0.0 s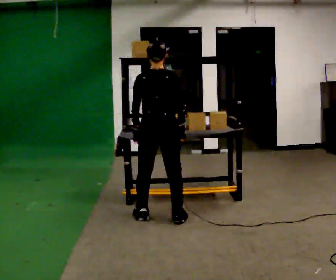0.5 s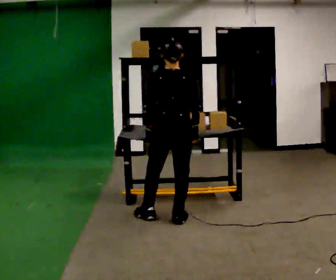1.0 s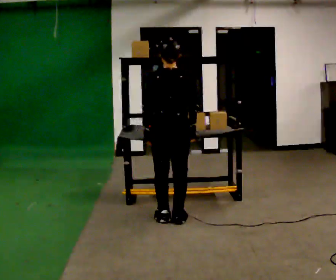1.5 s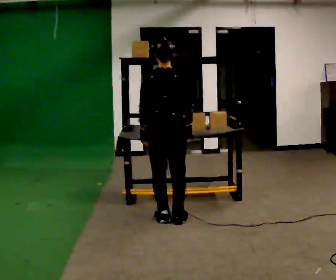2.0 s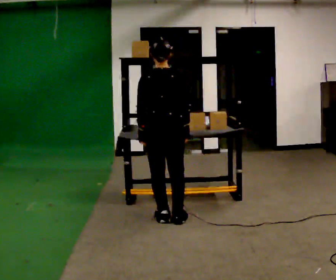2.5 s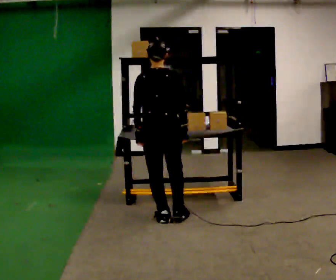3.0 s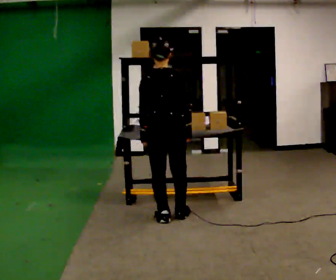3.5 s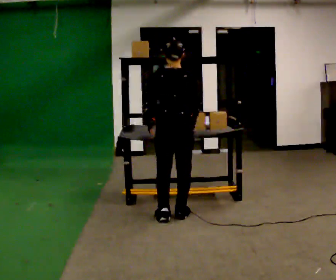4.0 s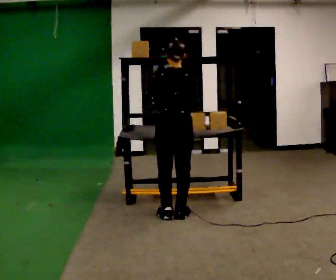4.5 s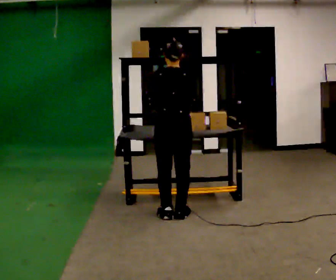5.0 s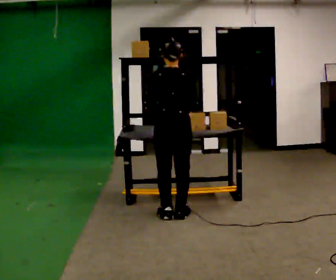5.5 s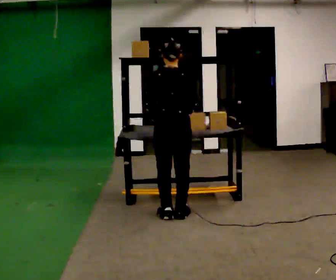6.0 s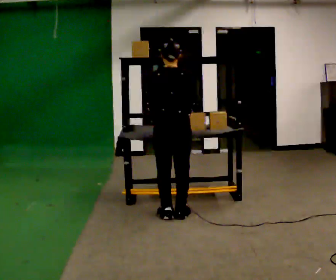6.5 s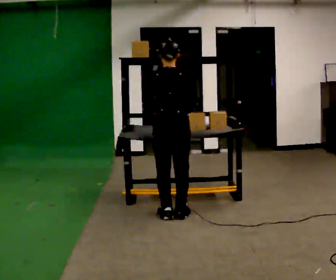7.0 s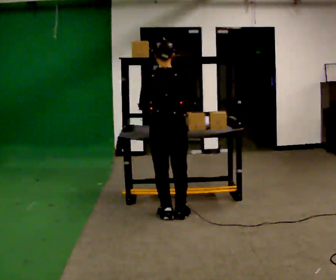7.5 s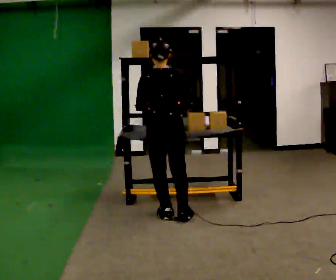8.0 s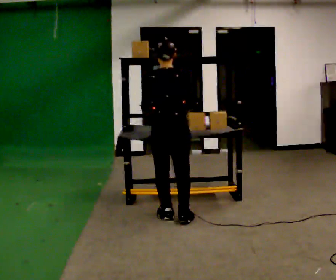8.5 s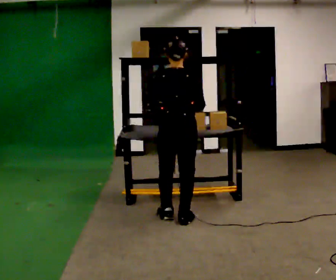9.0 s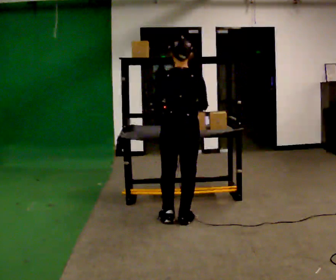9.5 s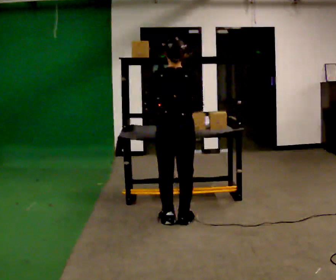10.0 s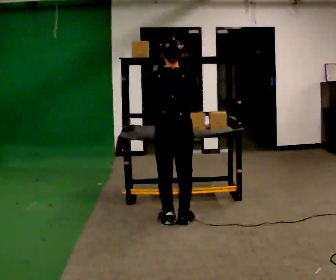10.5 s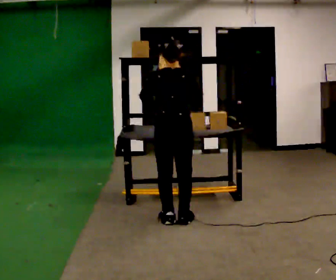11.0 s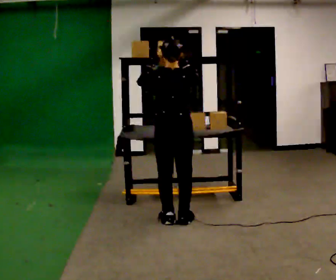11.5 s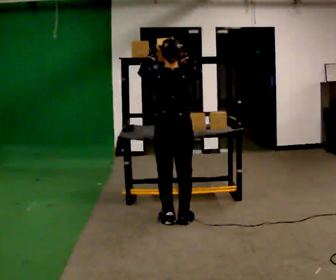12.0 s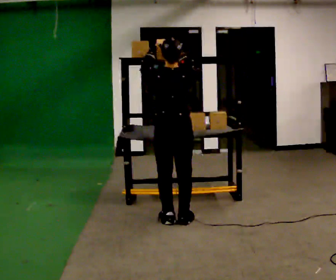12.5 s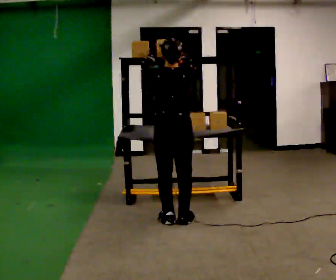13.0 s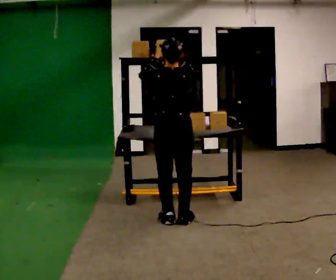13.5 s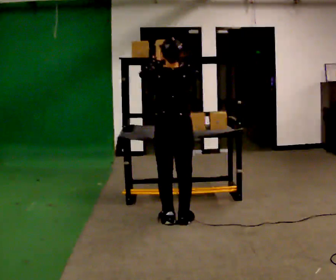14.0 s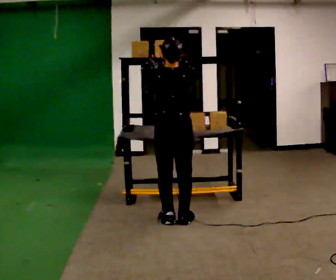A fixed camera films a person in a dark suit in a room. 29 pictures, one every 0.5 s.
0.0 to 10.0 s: In the picture their left hand goes upward.
10.0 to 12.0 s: In the picture their left hand goes upward.
12.0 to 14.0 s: The person moves a little, or ends about where they began.
The film runs forward here.
